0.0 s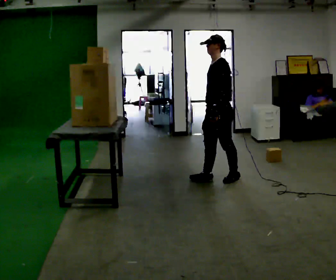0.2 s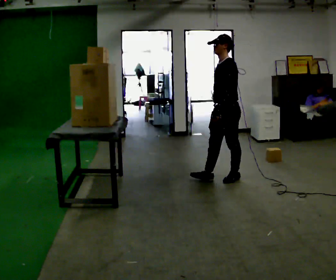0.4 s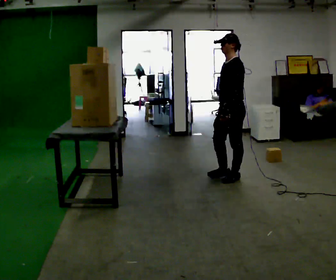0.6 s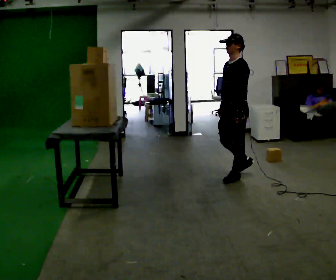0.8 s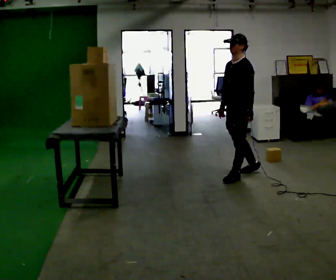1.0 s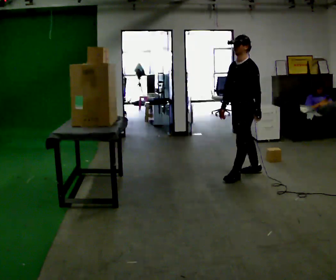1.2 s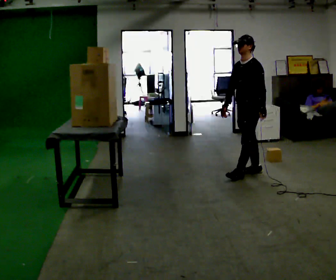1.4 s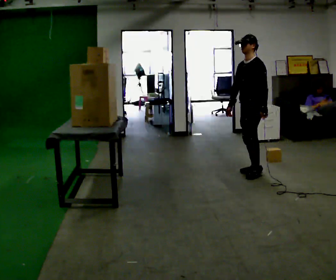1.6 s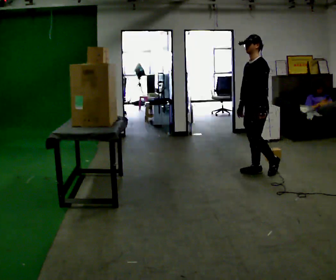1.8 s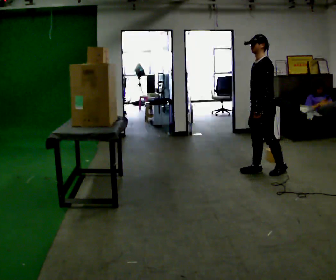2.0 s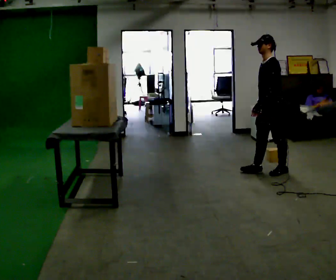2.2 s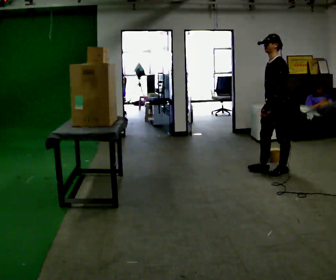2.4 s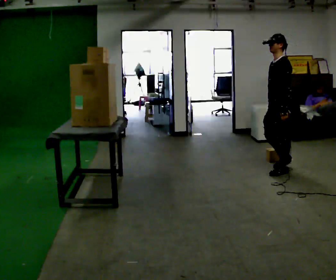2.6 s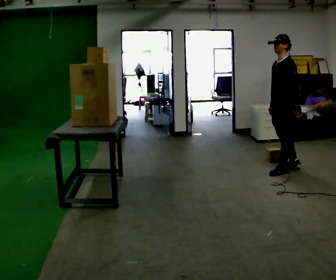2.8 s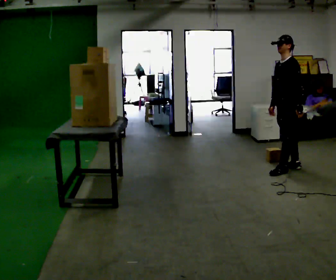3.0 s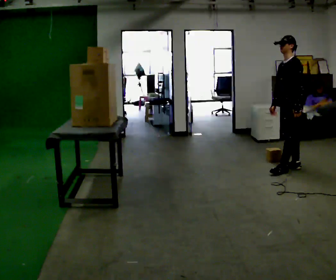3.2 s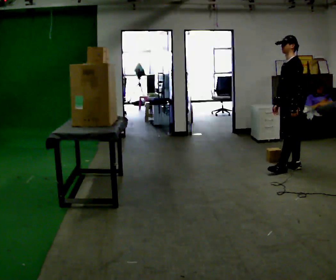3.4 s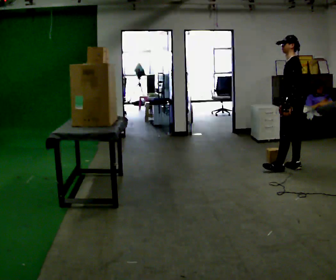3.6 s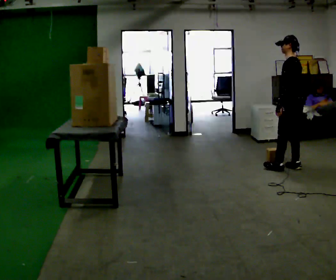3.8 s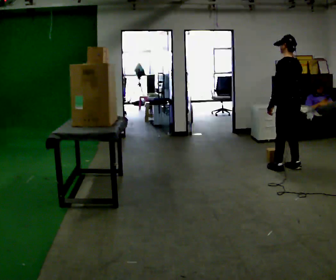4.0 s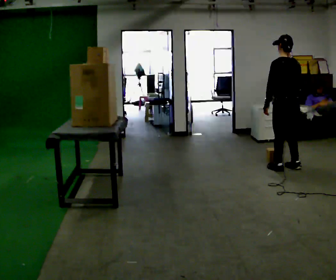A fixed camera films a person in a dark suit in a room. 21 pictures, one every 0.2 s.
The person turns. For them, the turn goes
to their right.
The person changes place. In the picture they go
to the right.
0.0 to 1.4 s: In the picture they go to the right and away from the camera, about 0.5 m in 2 steps, which for them is backward.
1.4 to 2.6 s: In the picture they go to the right, about 0.5 m in 1 step, which for them is backward and to their left.
2.6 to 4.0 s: Seen from above the body turns clockwise, about 60 degrees: to their right, with its near side sliding to the left. In the picture their left hand goes to the left.
The film runs backward here.
